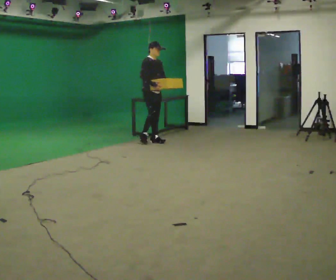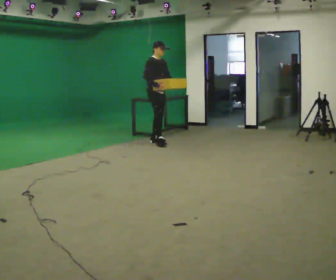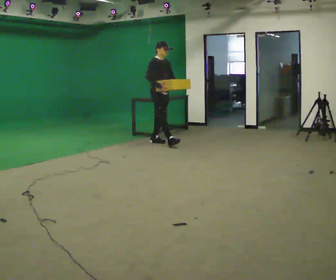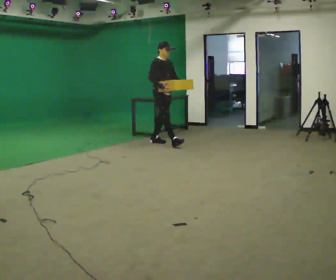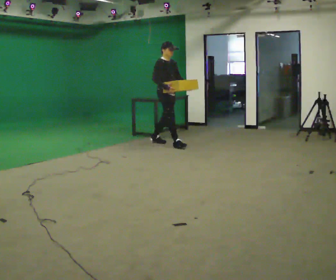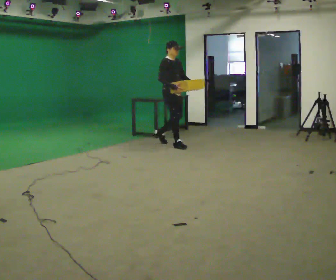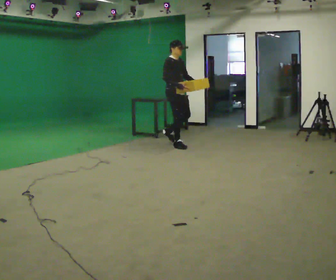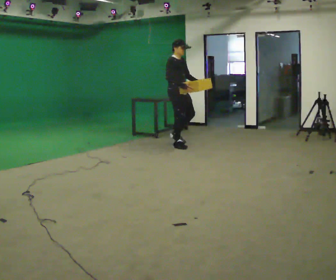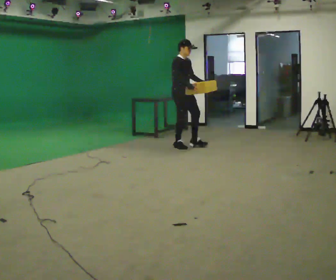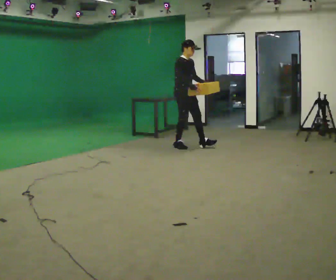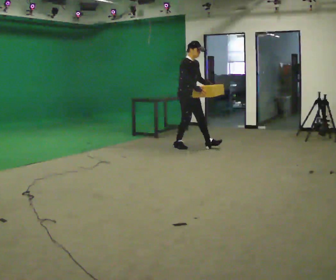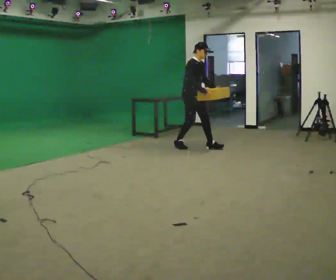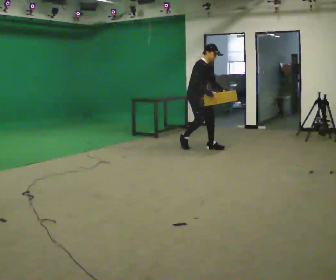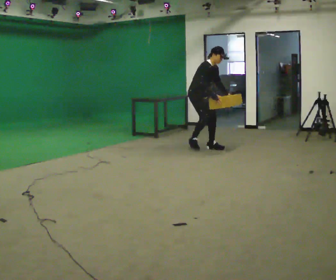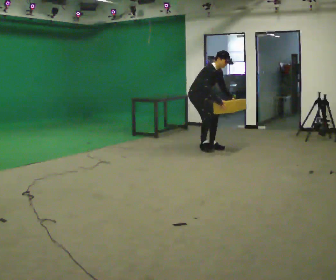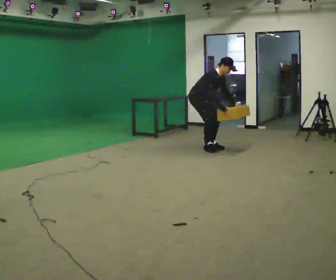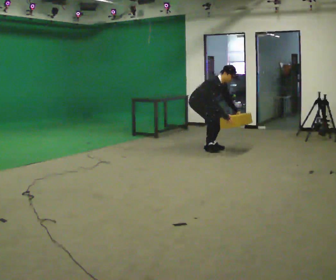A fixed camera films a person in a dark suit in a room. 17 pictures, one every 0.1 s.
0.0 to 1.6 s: In the picture they go to the right and toward the camera, about 1 m in 3 steps, which for them is forward. The shoulders move downward. In the picture the upper body tilts clockwise, shoulders to the right, as they bend forward. In the picture their right hand goes downward.
The film runs forward here.
